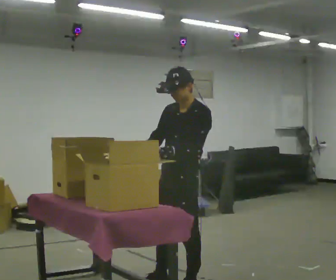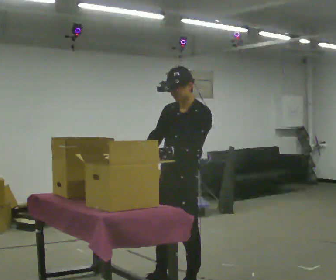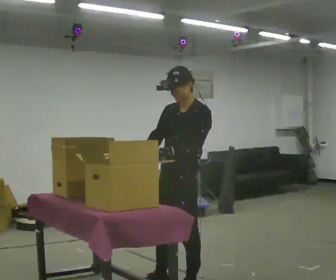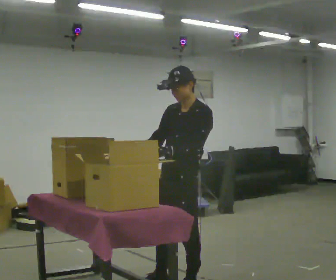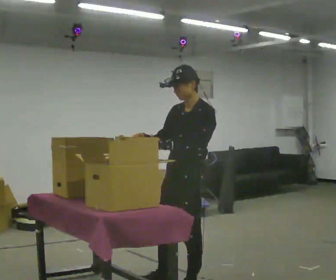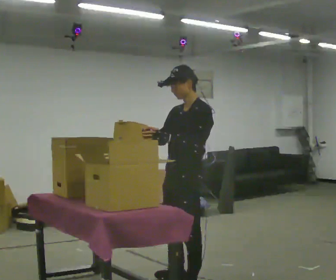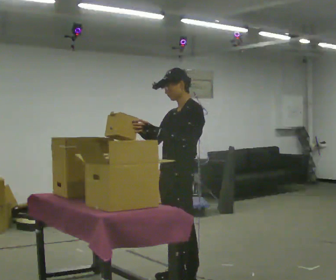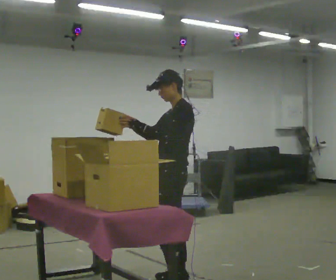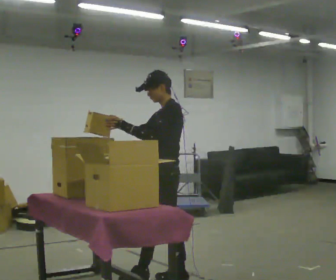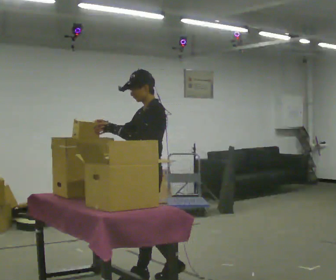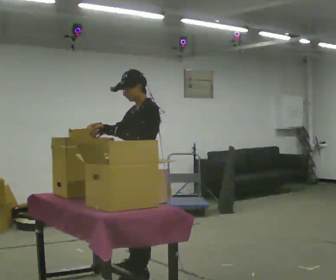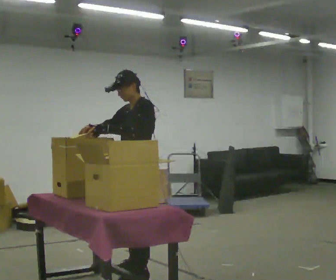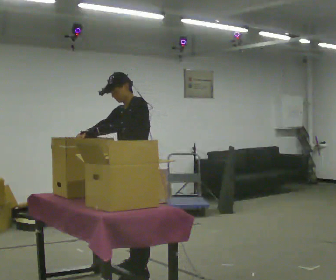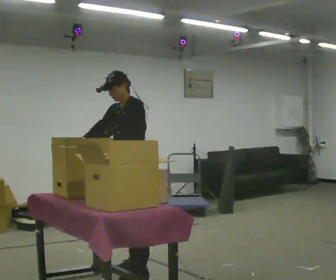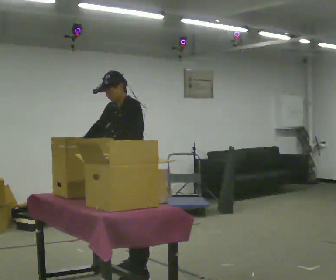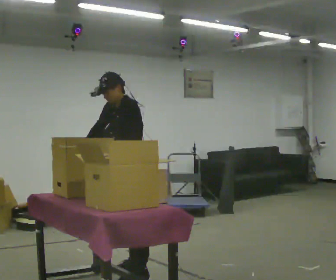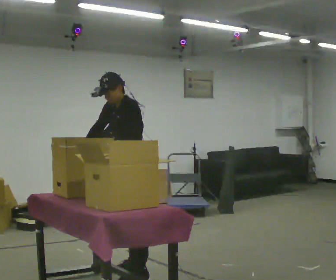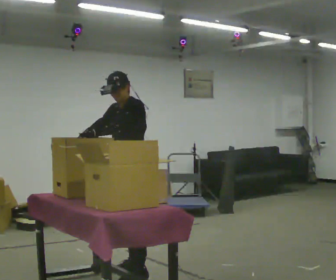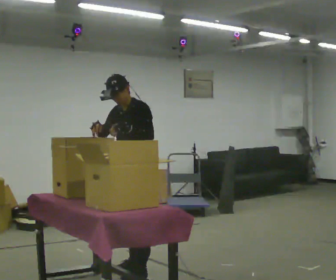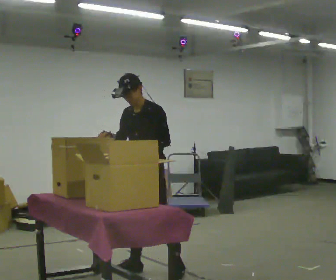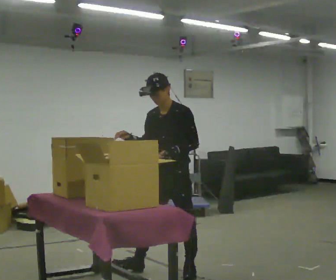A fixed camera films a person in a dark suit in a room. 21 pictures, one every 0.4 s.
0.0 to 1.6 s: The person moves a little, or ends about where they began.
1.6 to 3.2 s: Seen from above the body turns clockwise, about 30 degrees: to their right, with its near side sliding to the left. In the picture they go away from the camera, about 0.25 m in 2 steps, which for them is to their right.
3.2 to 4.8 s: The part of the body nearest the lens slides to the right as the person turns to their left by about 30 degrees. In the picture they go to the left and away from the camera, about 0.25 m in 1 step, which for them is to their right and forward.
4.8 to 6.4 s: The person moves a little, or ends about where they began.
6.4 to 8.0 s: In the picture they go to the right, about 0.25 m in 1 step, which for them is backward and to their left.
The film runs forward here.
